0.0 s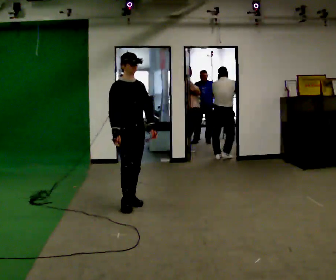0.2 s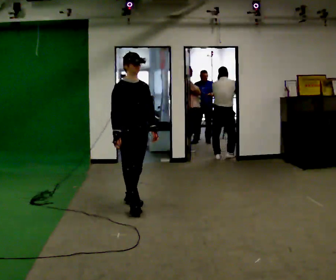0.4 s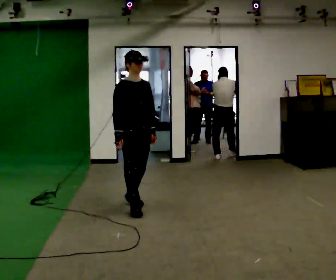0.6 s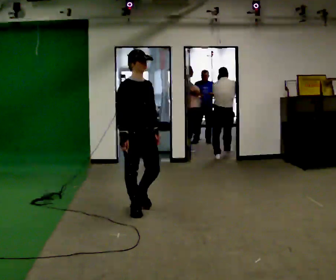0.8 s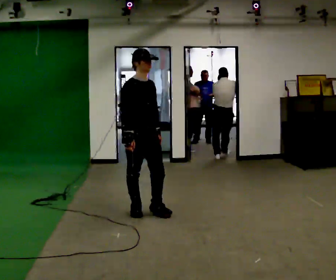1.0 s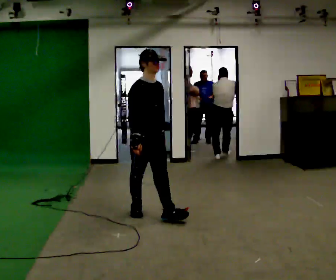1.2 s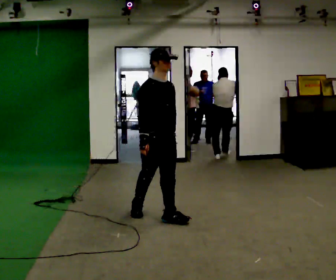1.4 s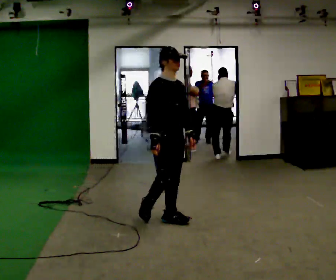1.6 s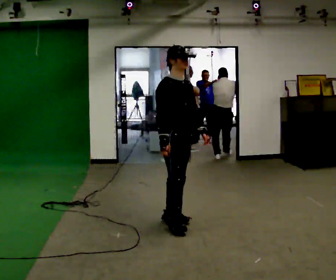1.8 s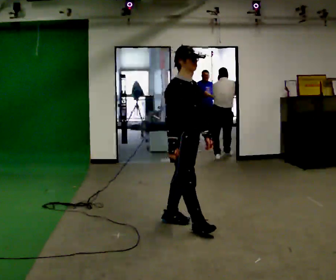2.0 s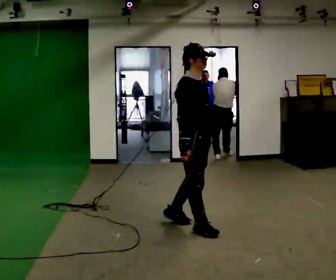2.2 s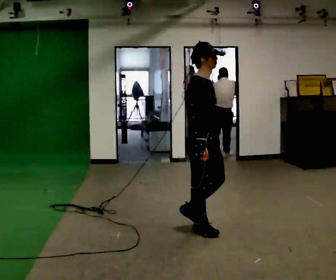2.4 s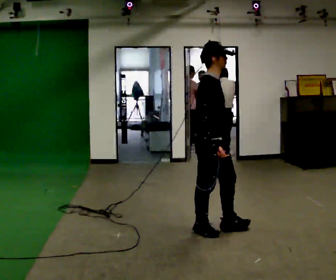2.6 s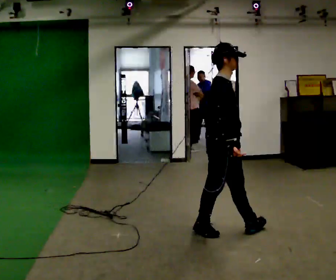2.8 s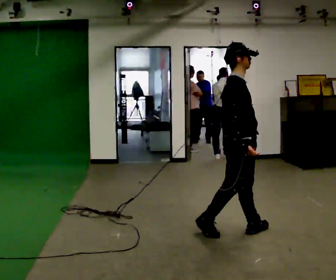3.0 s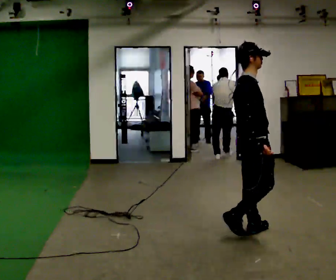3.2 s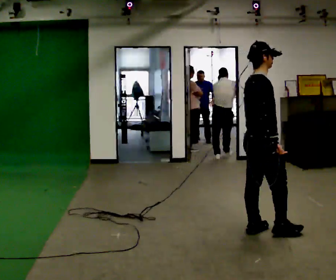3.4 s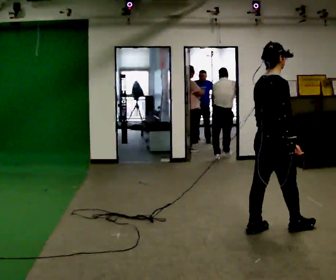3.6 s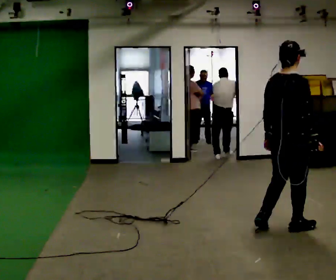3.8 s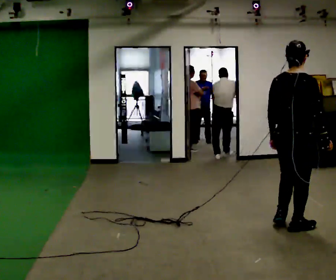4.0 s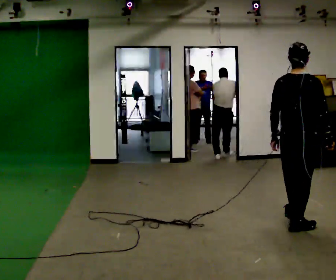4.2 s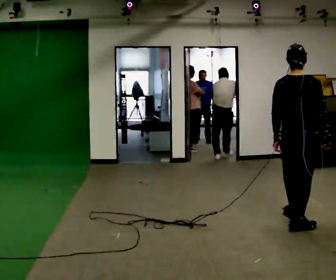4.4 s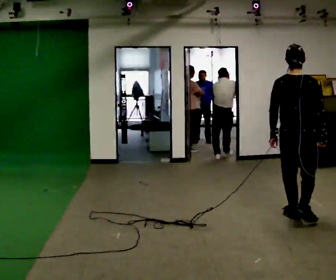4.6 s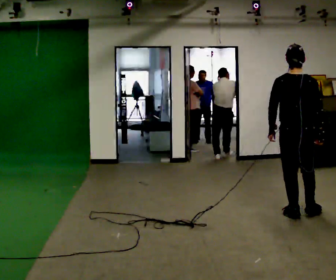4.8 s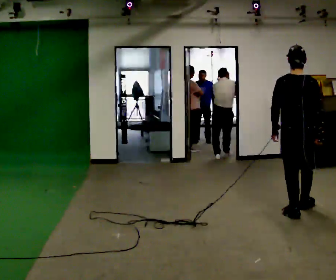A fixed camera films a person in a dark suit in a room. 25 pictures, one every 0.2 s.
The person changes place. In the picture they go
to the right.
The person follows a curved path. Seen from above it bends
counterclockwise.
0.0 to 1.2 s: In the picture they go toward the camera and to the right, about 0.75 m in 2 steps, which for them is forward.
1.2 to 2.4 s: Seen from above the body turns counterclockwise, about 30 degrees: to their left, with its near side sliding to the right. In the picture they go to the right and toward the camera, about 0.75 m in 1 step, which for them is forward.
2.4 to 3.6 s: Seen from above the body turns counterclockwise, about 60 degrees: to their left, with its near side sliding to the right. In the picture they go to the right, about 0.5 m in 2 steps, which for them is forward.
3.6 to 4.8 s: Seen from above the body turns counterclockwise, about 45 degrees: to their left, with its near side sliding to the right. In the picture they go away from the camera, about 0.5 m in 1 step, which for them is forward.
The film runs forward here.
